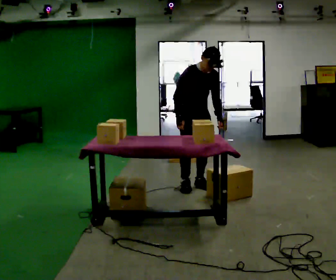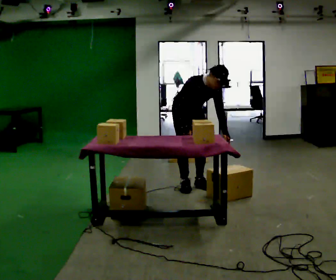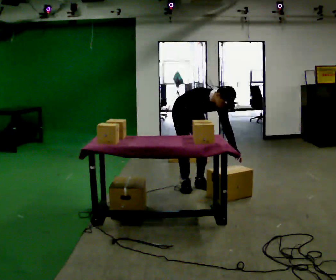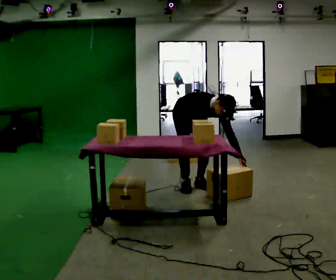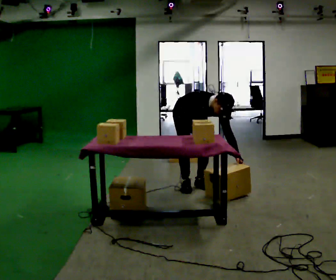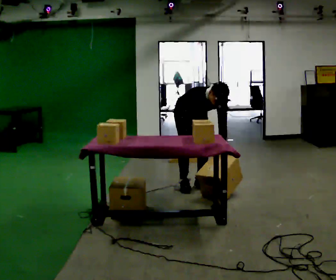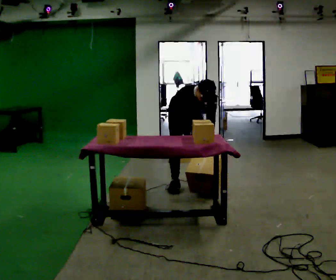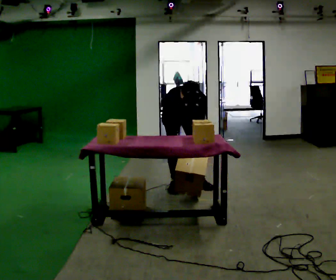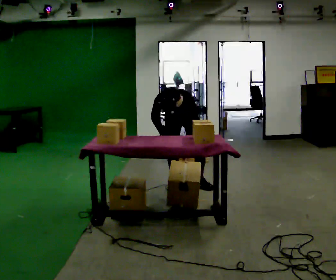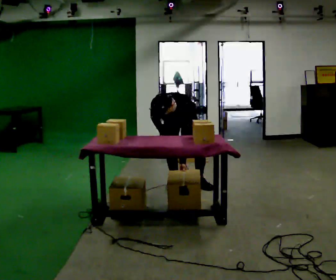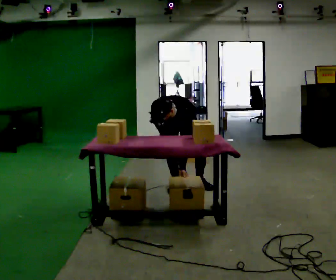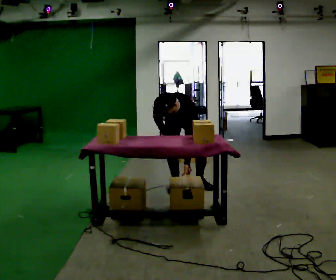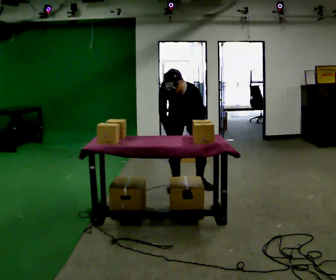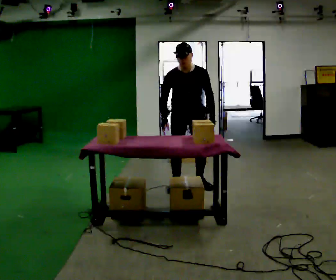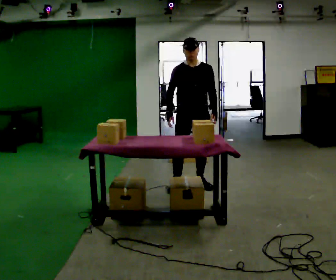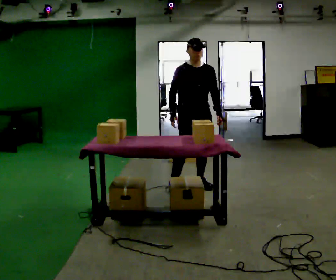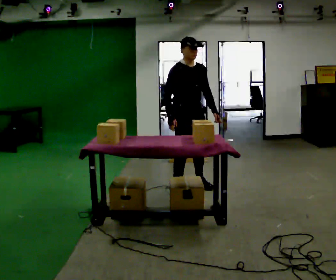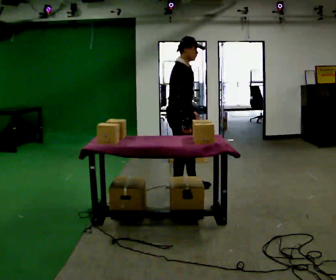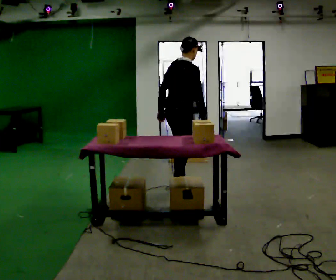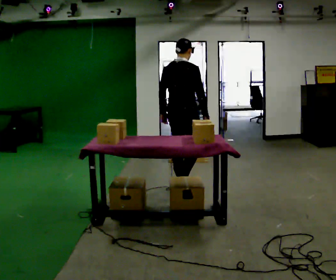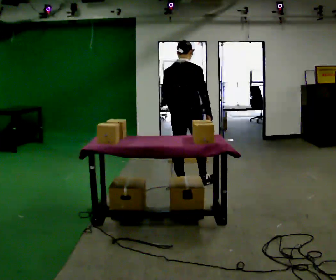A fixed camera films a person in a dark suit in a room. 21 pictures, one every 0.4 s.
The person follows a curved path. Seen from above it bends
clockwise.
0.0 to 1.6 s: The upper body goes downward. The upper body tips toward the camera, its near side rolling downward, as they bend forward.
1.6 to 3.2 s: Seen from above the body turns clockwise, about 45 degrees: to their right, with its near side sliding to the left. In the picture the upper body tilts counterclockwise, shoulders to the left.
3.2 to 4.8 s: The person moves a little, or ends about where they began.
4.8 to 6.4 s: The person turns about 45 degrees to their left, counterclockwise seen from above, so the part of the body nearest the lens slides to the right. In the picture they go toward the camera, about 0.25 m in 1 step, which for them is forward. The shoulders move upward. The upper body tips away from the camera, its near side rolling upward, as they lean back or straighten.
6.4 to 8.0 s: The part of the body nearest the lens slides to the right as the person turns to their left by about 120 degrees. In the picture their left hand goes to the left, the arm swinging clockwise.
The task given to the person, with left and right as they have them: 1. Take everything out of the crates by the door. 2. Put the small items on the middle shelf. 3. Put the large items on the bottom shelf. 4. Stack the empty crates by the door. 5. Tell the operator when you are finished.
The film runs forward here.
